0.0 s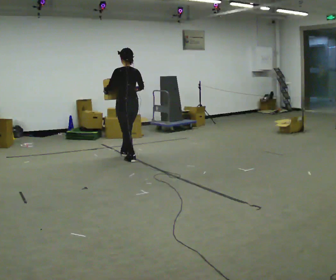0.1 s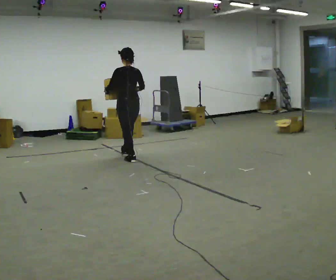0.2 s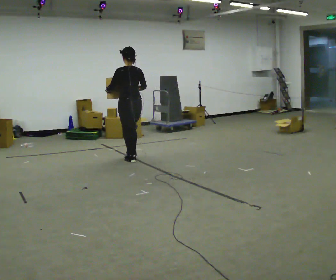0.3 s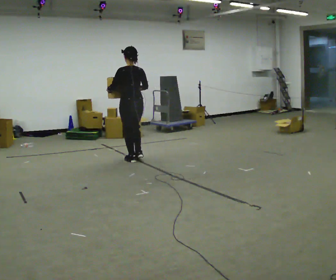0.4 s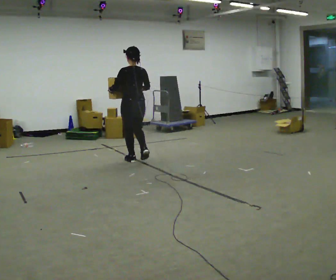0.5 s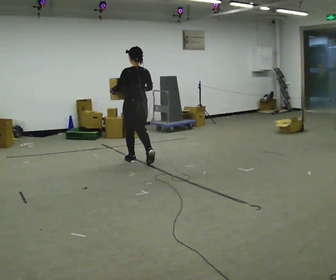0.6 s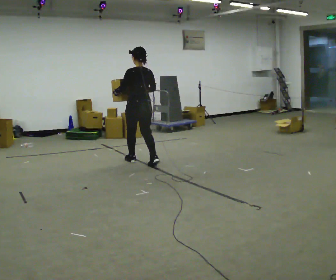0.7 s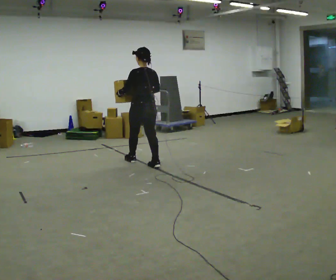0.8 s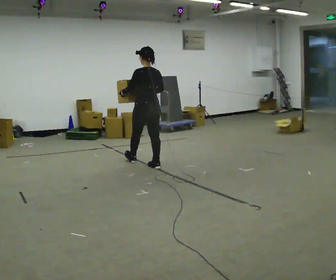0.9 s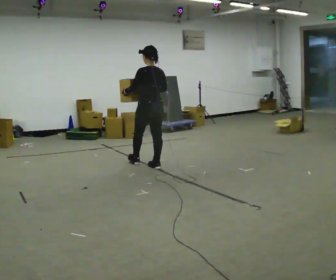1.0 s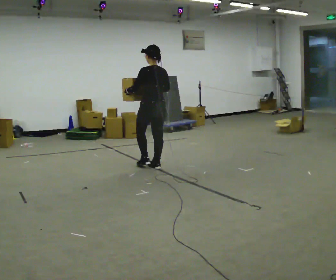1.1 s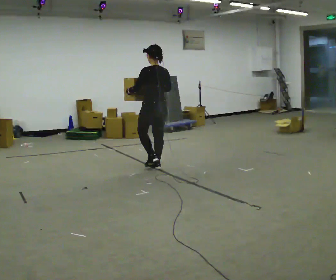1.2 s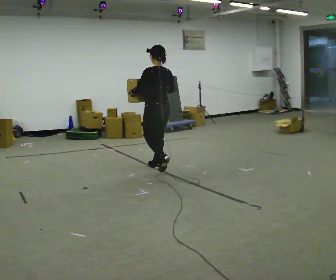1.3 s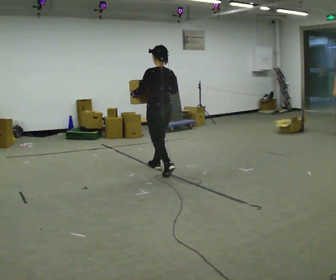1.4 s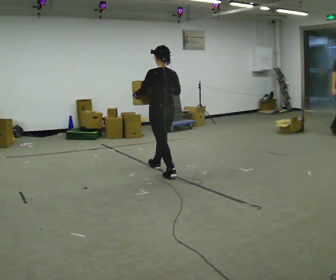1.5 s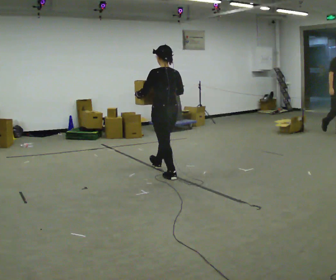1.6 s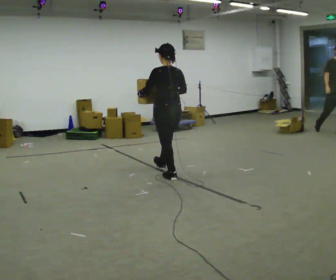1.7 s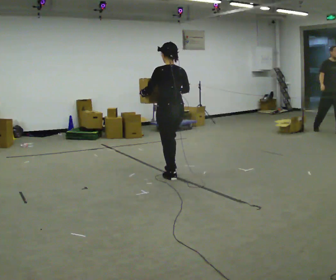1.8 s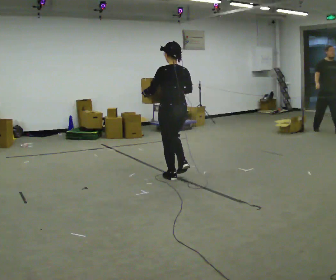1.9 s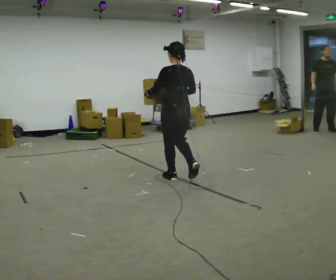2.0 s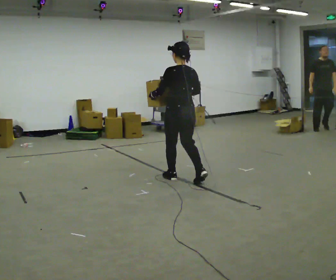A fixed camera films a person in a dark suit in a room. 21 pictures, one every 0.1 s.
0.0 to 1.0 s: In the picture they go toward the camera and to the right, about 0.5 m in 2 steps, which for them is backward.
1.0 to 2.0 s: In the picture they go toward the camera and to the right, about 0.5 m in 1 step, which for them is backward.
The film runs backward here.
